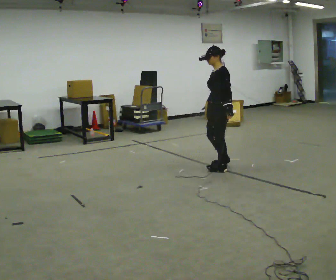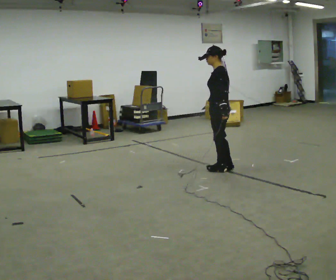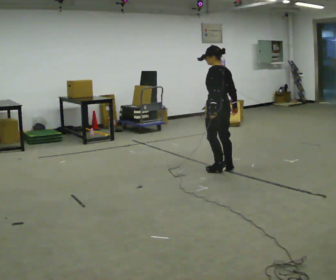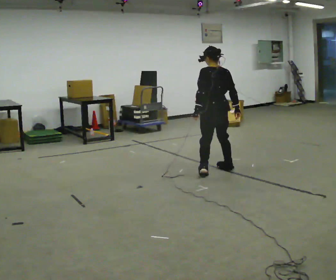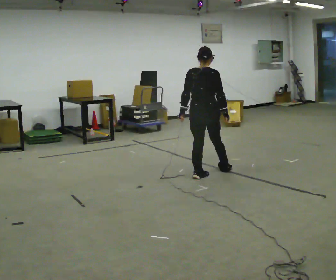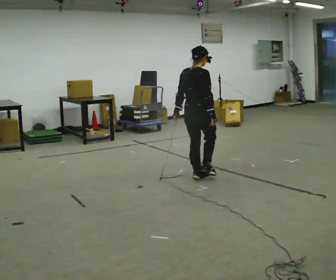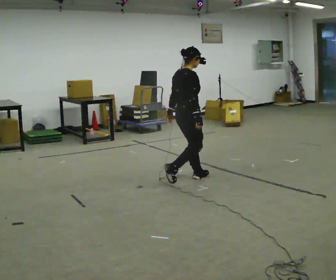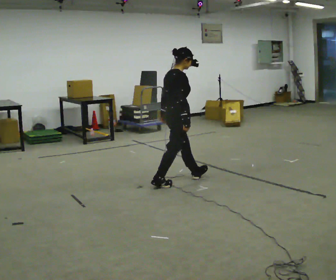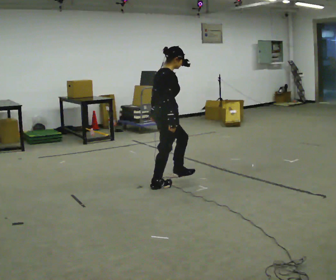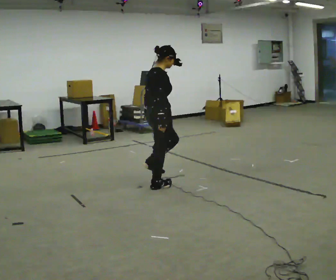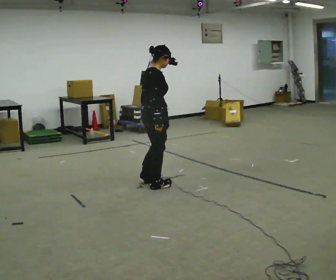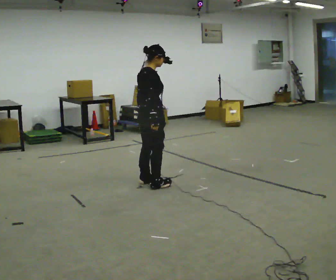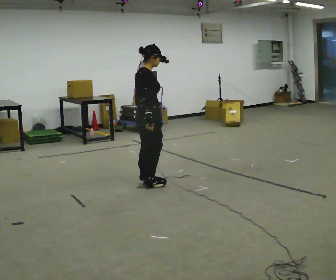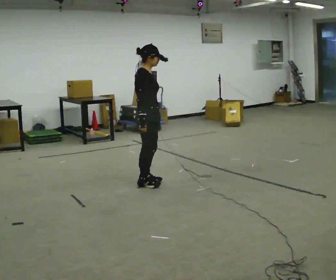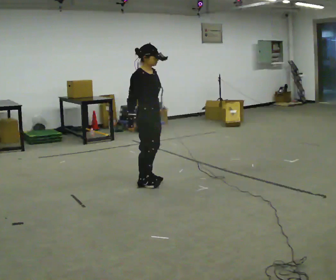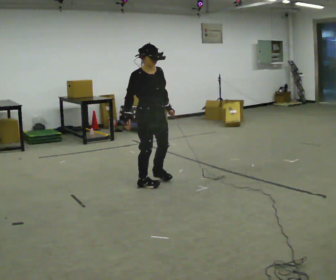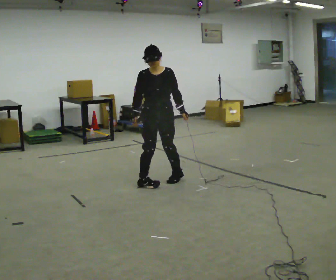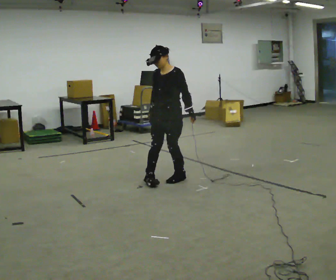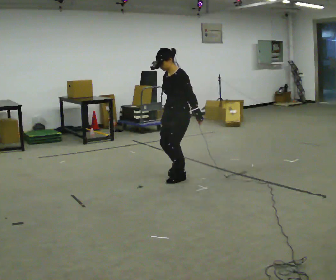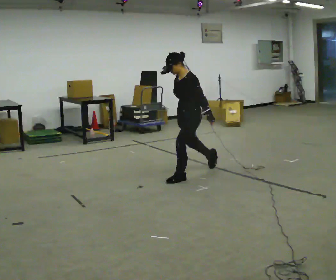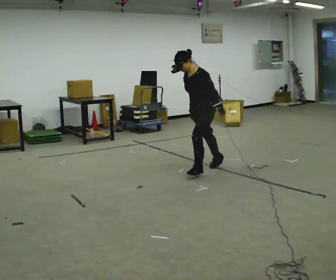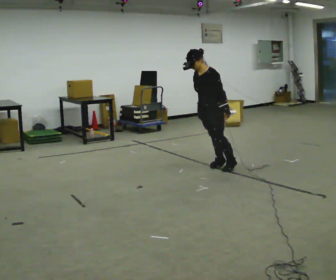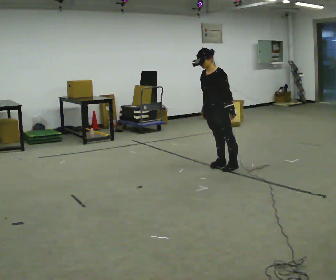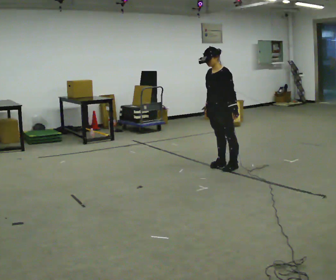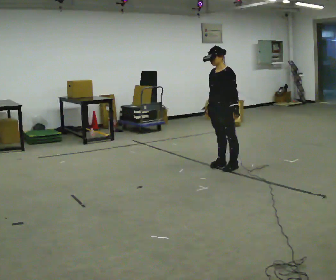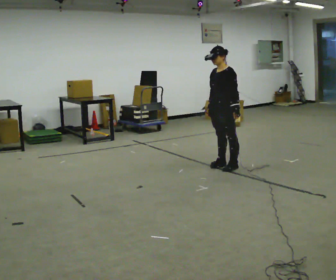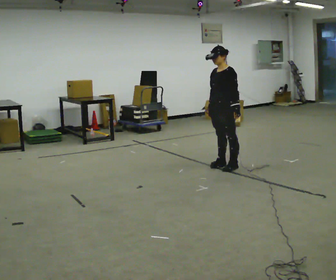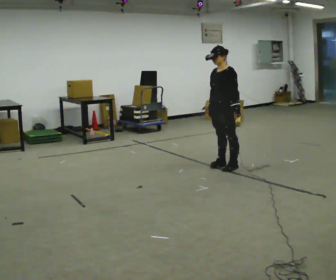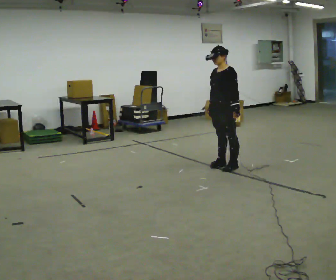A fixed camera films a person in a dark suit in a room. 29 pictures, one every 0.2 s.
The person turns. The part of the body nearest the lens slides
to the left.
The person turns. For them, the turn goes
to their right.
0.0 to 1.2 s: The person turns about 165 degrees to their right, clockwise seen from above, so the part of the body nearest the lens slides to the left. In the picture they go to the left and toward the camera, about 0.5 m in 2 steps.
1.2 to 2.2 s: In the picture they go to the left, about 0.5 m in 1 step, which for them is backward.
2.2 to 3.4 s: Seen from above the body turns clockwise, about 135 degrees: to their right, with its near side sliding to the left. In the picture they go to the right, about 0.25 m in 2 steps. In the picture their left hand goes to the right, the arm swinging counterclockwise.
3.4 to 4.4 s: The person turns about 30 degrees to their right, clockwise seen from above, so the part of the body nearest the lens slides to the left. In the picture they go to the right and away from the camera, about 0.5 m in 1 step, which for them is backward.
4.4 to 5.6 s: The person moves a little, or ends about where they began.
The film runs backward here.
